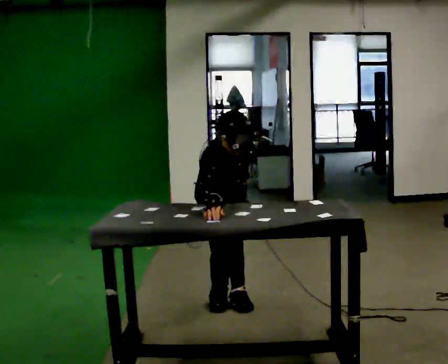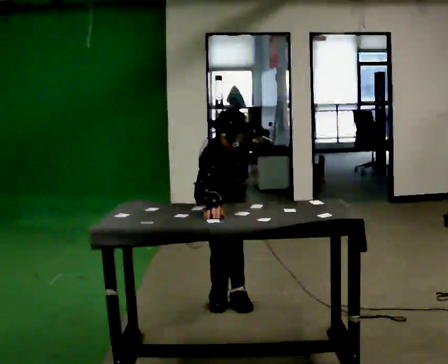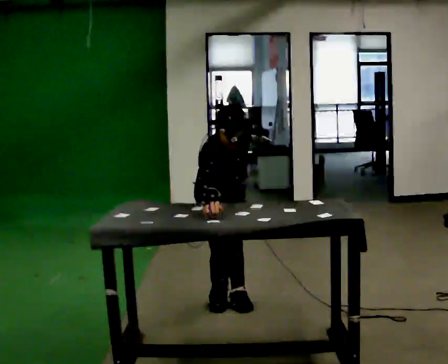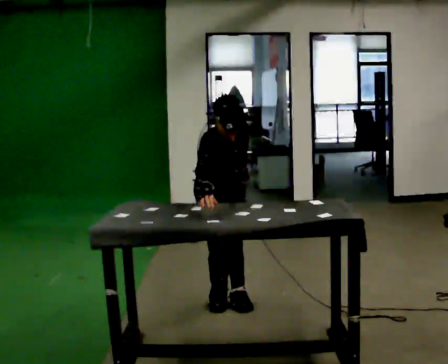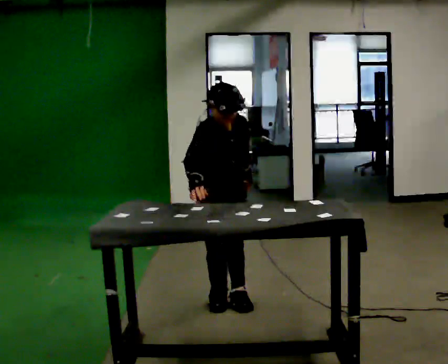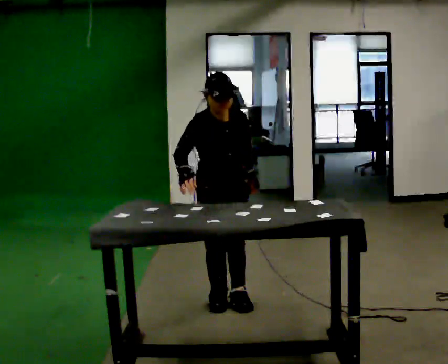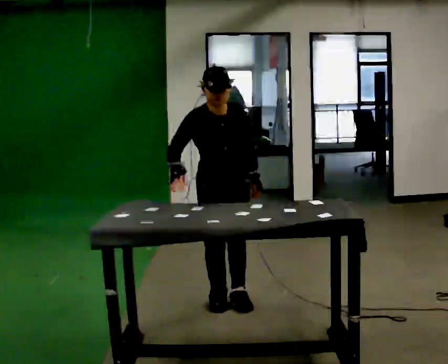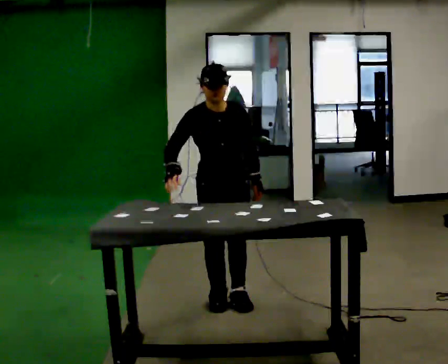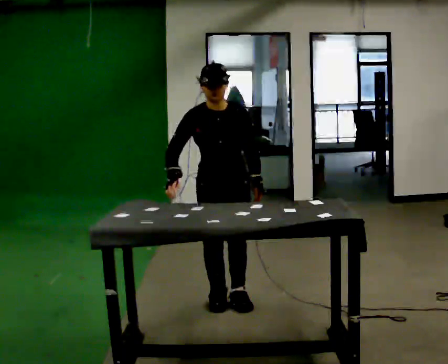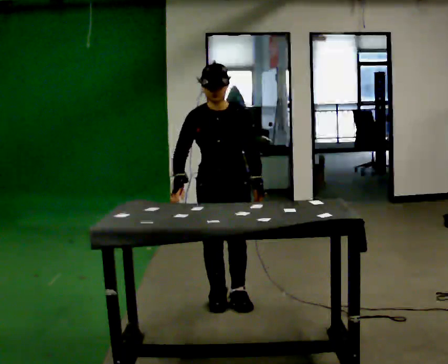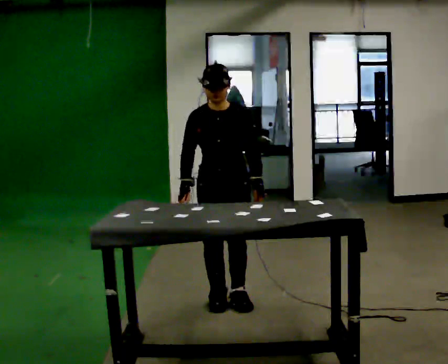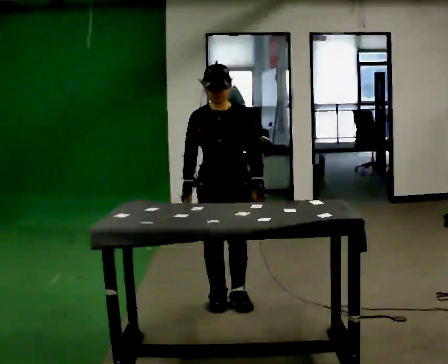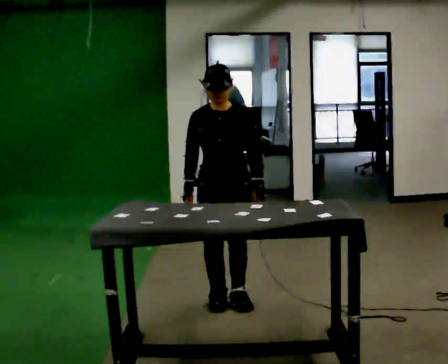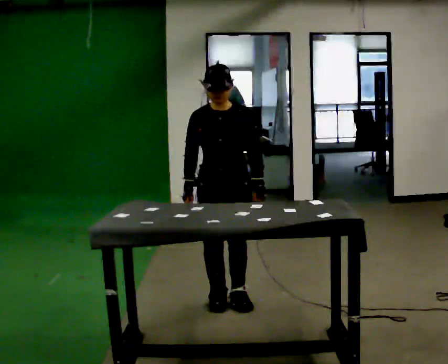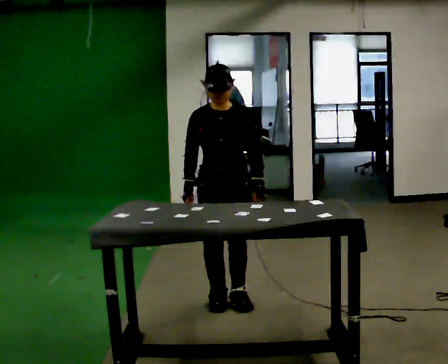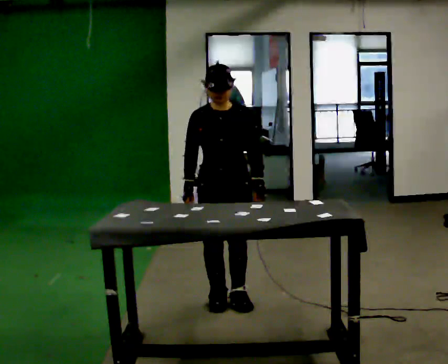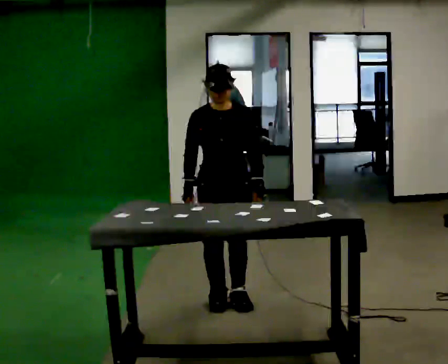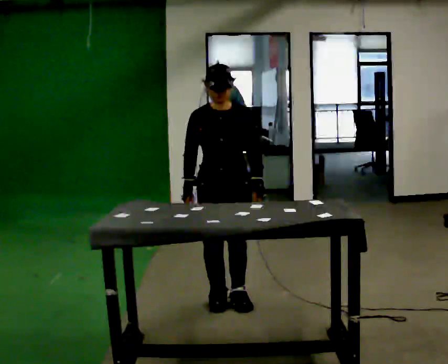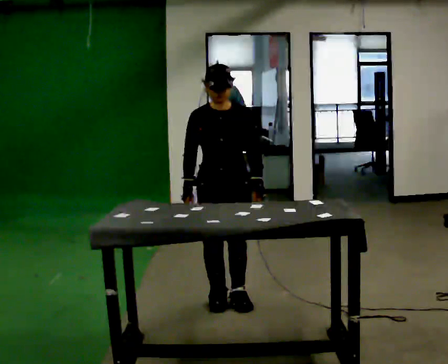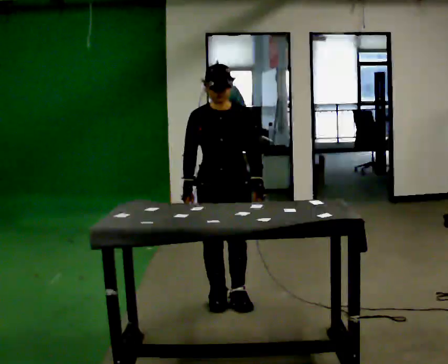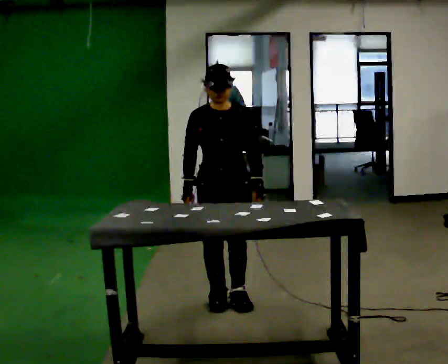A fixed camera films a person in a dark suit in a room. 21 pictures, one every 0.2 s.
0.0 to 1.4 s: Seen from above the body turns clockwise, about 30 degrees: to their right, with its near side sliding to the left. The shoulders move upward. The upper body tips away from the camera, its near side rolling upward, as they lean back or straighten.
1.4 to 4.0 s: The person moves a little, or ends about where they began.
The film runs forward here.
